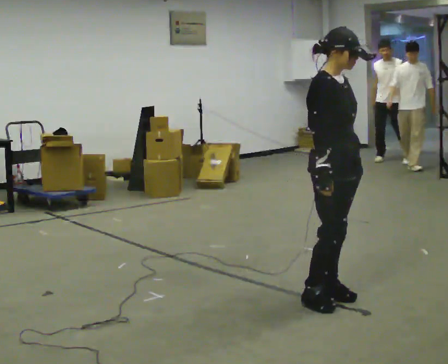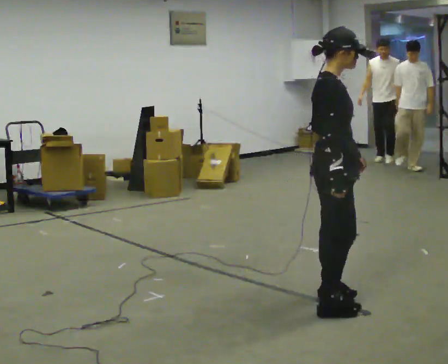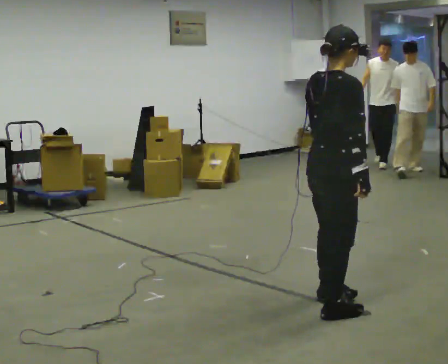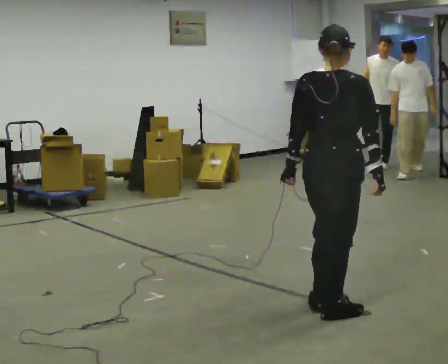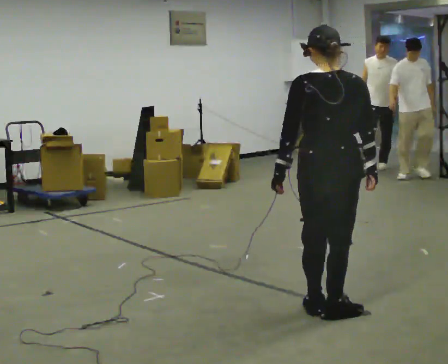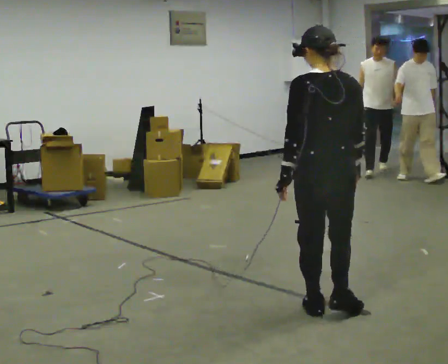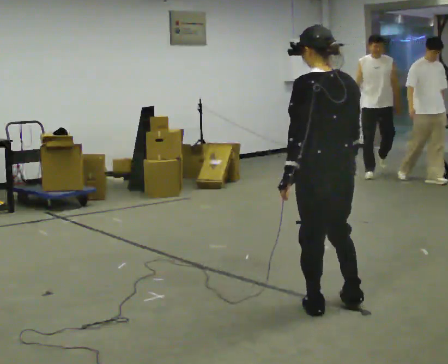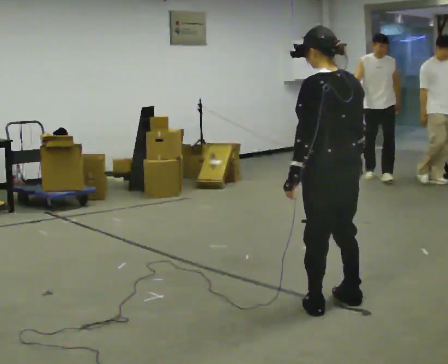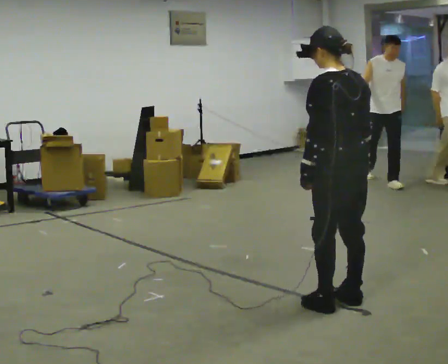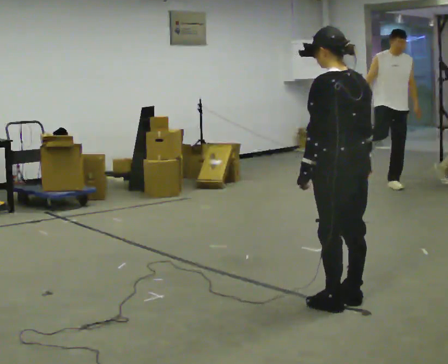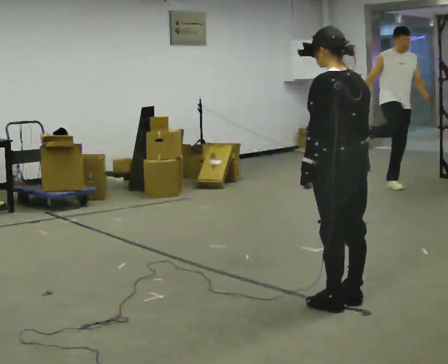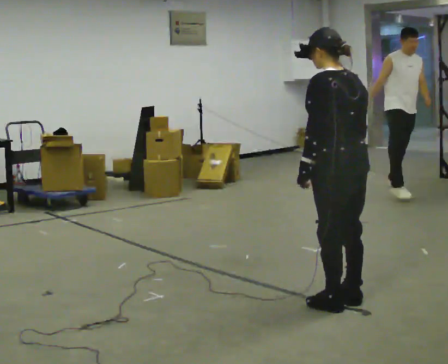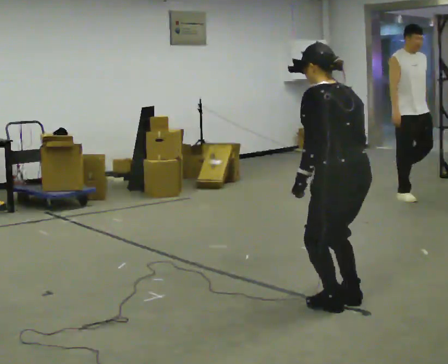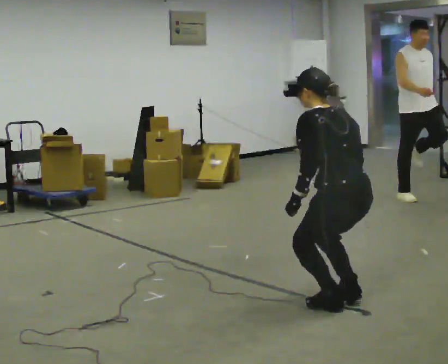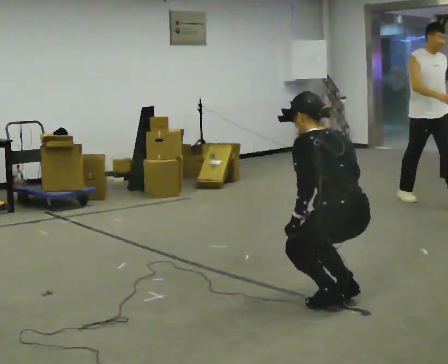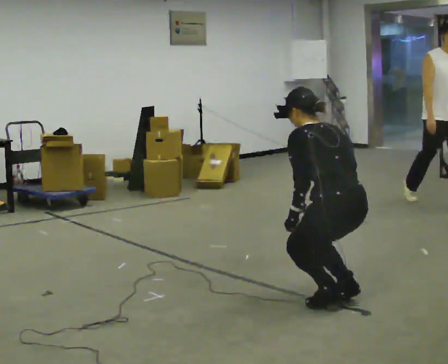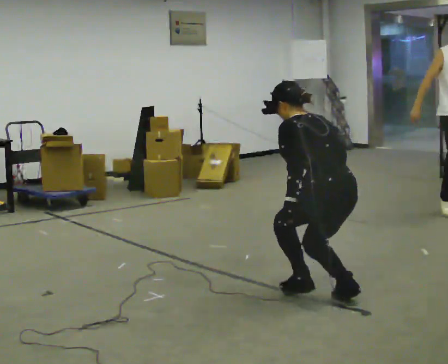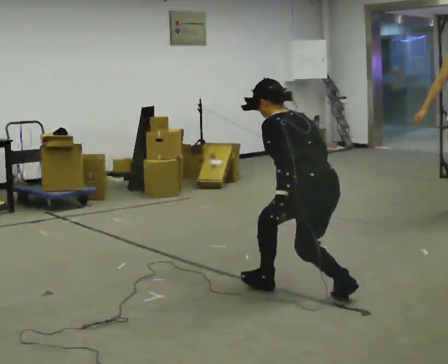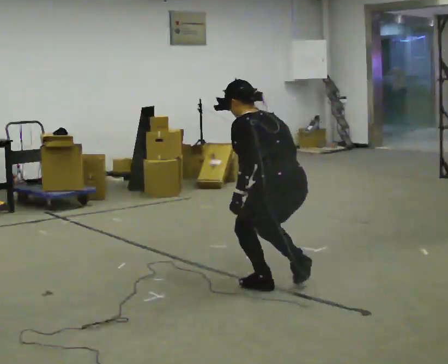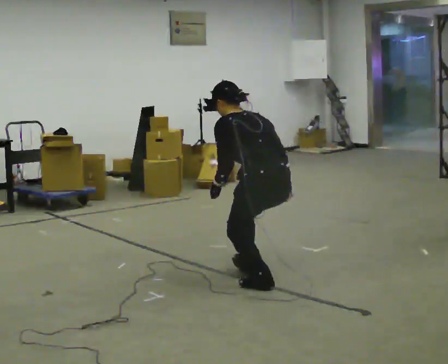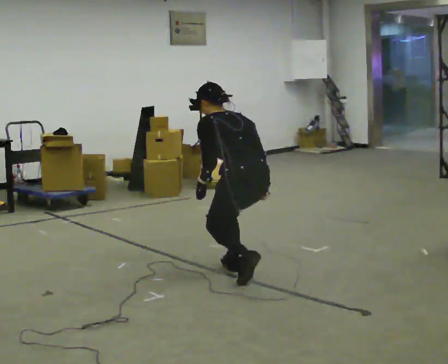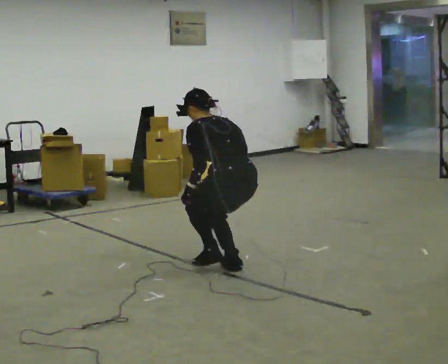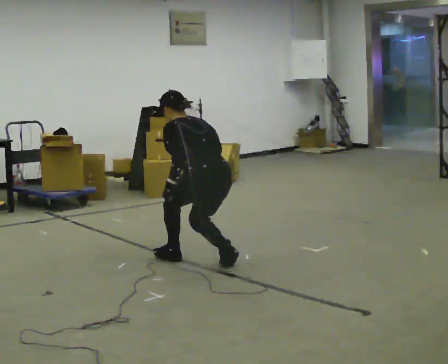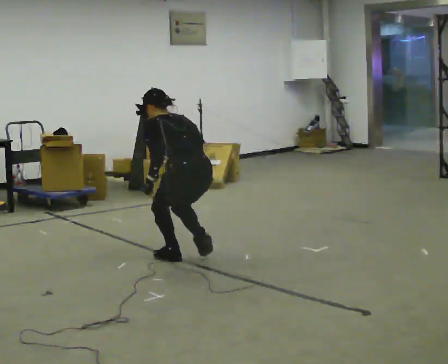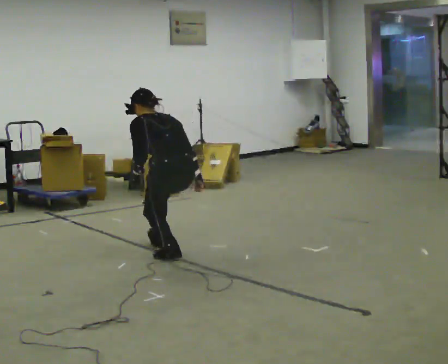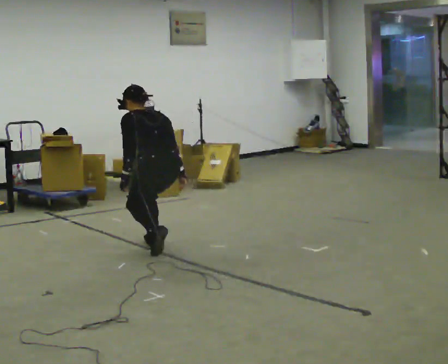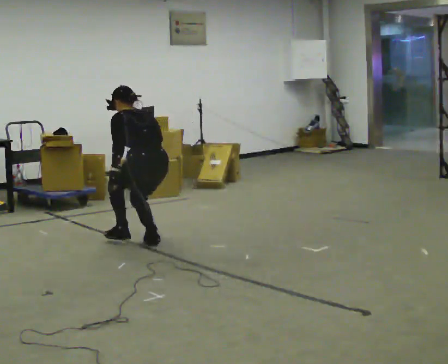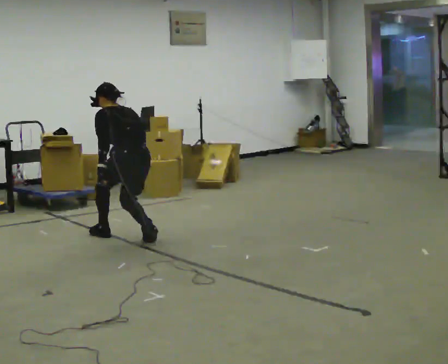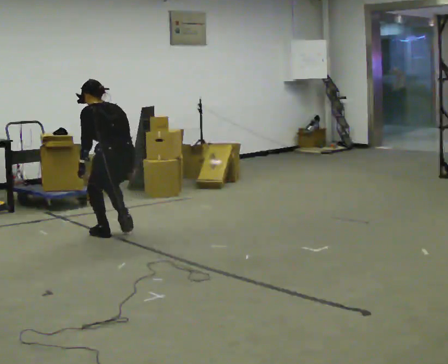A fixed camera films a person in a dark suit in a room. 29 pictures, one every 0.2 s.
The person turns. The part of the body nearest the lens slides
to the right.
The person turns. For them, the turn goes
to their left.
0.0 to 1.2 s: The part of the body nearest the lens slides to the right as the person turns to their left by about 150 degrees. In the picture their left hand goes to the left.
1.2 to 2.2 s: The person moves a little, or ends about where they began.
2.2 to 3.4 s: In the picture they go to the left and away from the camera, about 0.25 m in 1 step, which for them is forward. In the picture the upper body tilts counterclockwise, shoulders to the left, as they bend forward.
3.4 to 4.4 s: In the picture they go to the left and away from the camera, about 1 m in 2 steps, which for them is forward.
4.4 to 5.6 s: In the picture they go to the left and away from the camera, about 1 m in 2 steps, which for them is forward.
The film runs forward here.
